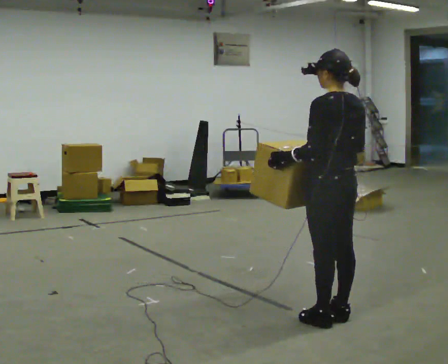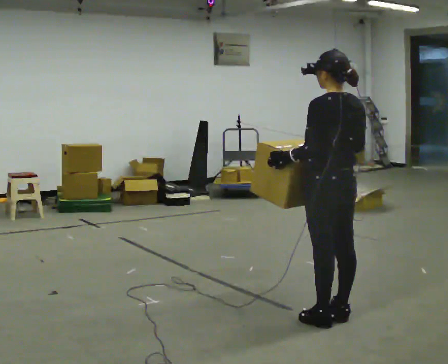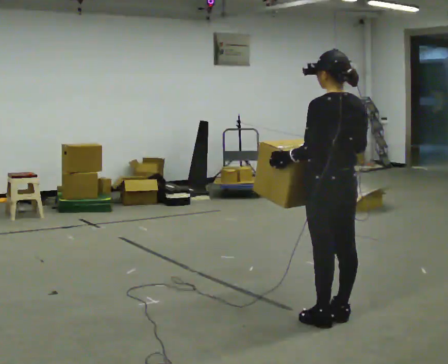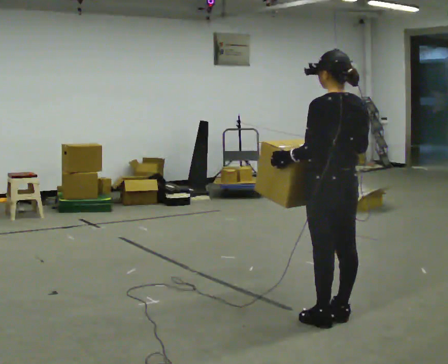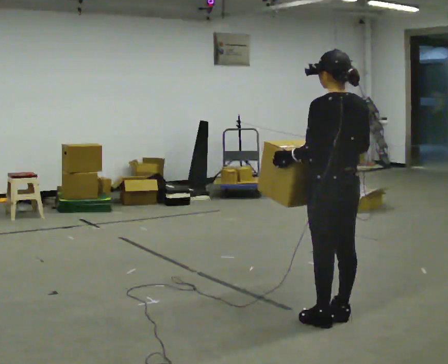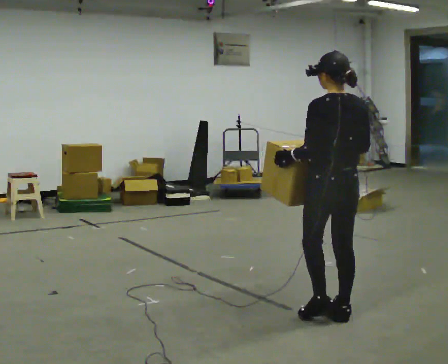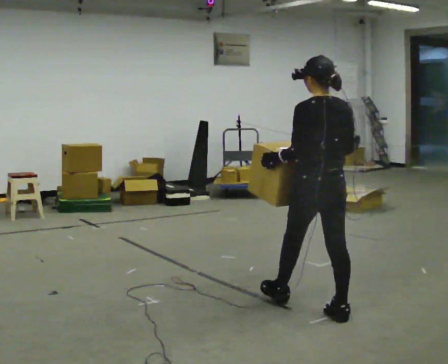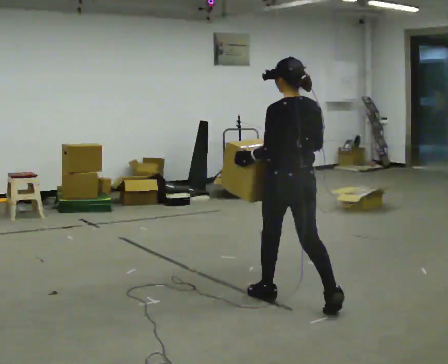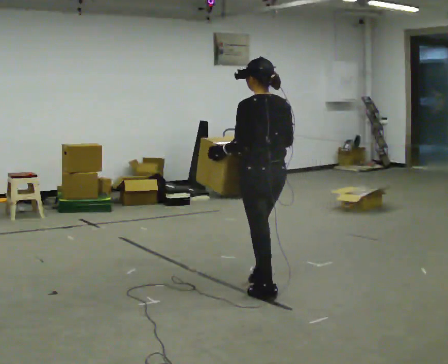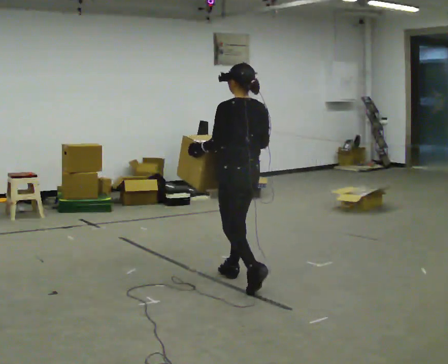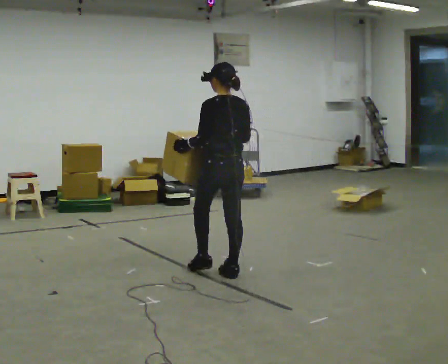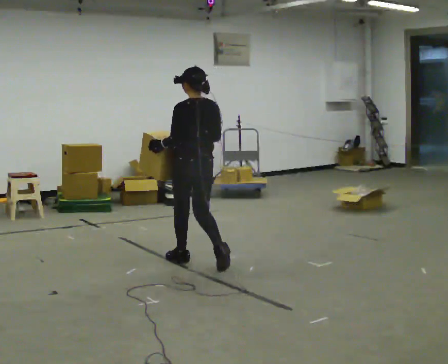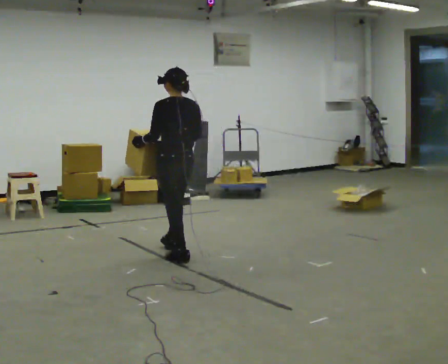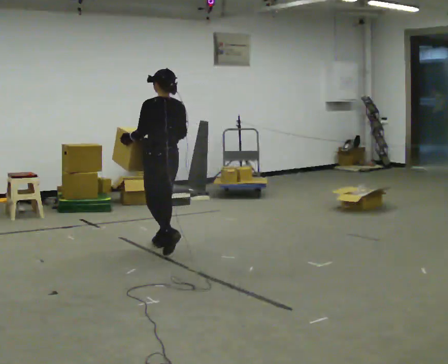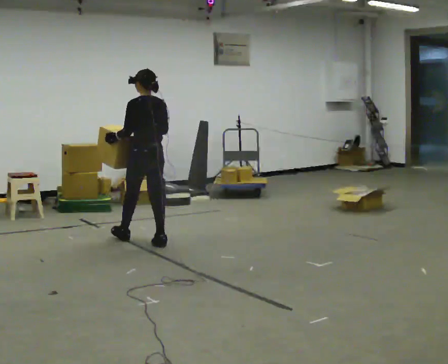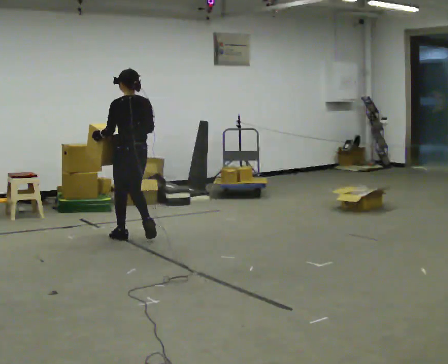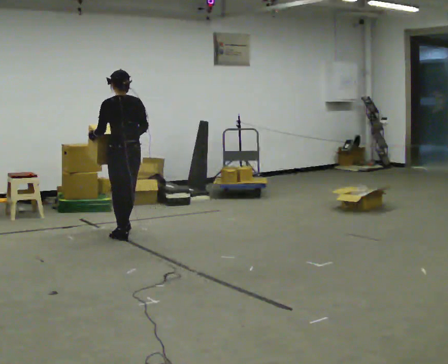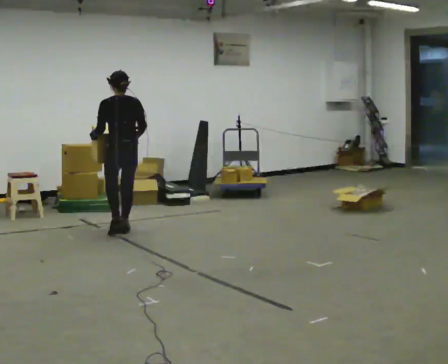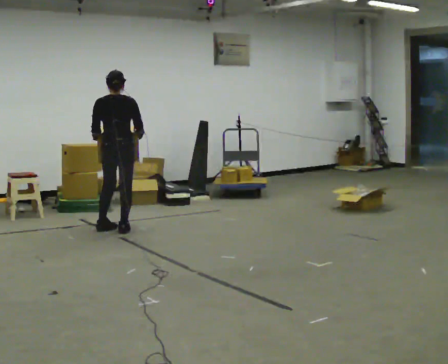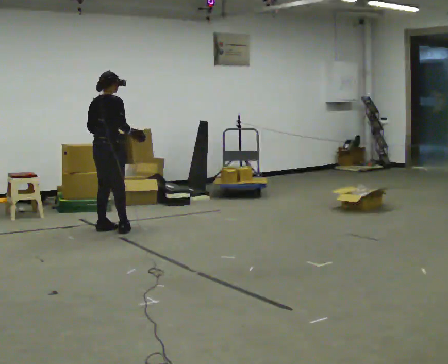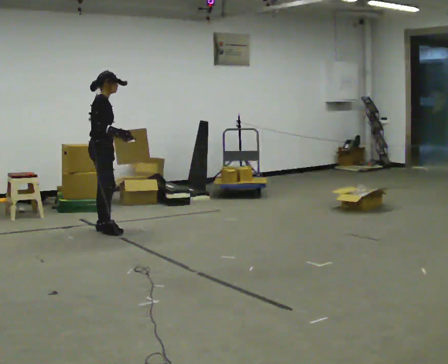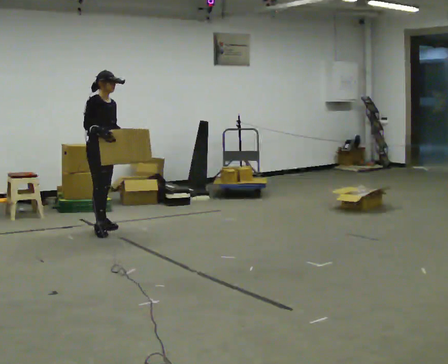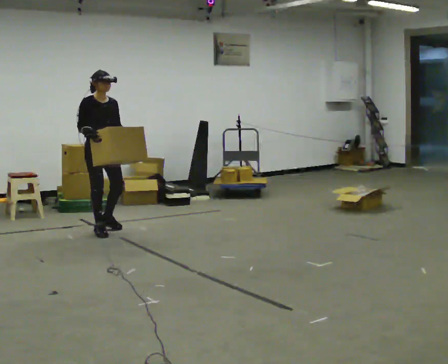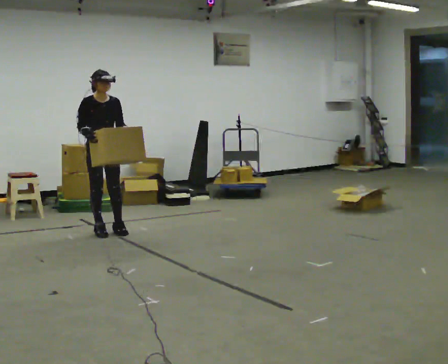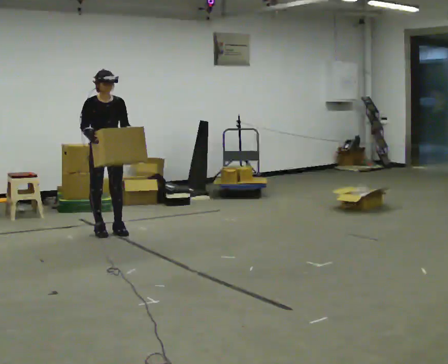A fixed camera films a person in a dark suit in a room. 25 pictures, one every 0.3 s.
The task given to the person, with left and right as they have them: Carry the box across the room, stopping and starting again each time the operator says stop and go. Do not set the box down.
0.0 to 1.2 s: The person moves a little, or ends about where they began.
1.2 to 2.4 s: In the picture they go away from the camera and to the left, about 0.75 m in 1 step, which for them is forward.
2.4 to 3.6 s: In the picture they go away from the camera and to the left, about 1 m in 2 steps, which for them is forward.
3.6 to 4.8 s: In the picture they go away from the camera and to the left, about 1 m in 2 steps, which for them is forward.
4.8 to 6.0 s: The person turns about 120 degrees to their right, clockwise seen from above, so the part of the body nearest the lens slides to the left. In the picture they go to the left and away from the camera, about 0.5 m in 2 steps.
6.0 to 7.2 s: Seen from above the body turns clockwise, about 60 degrees: to their right, with its near side sliding to the left.
The film runs forward here.
